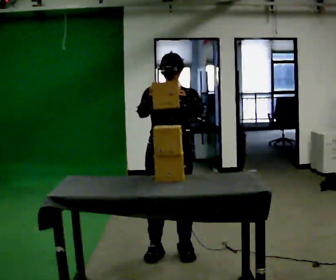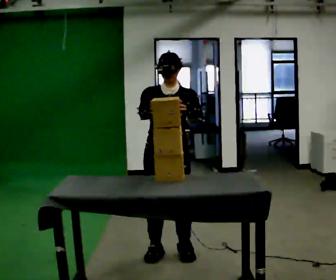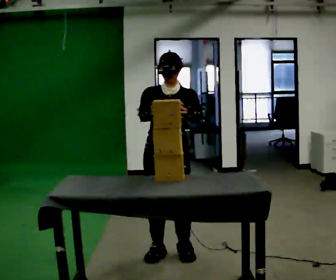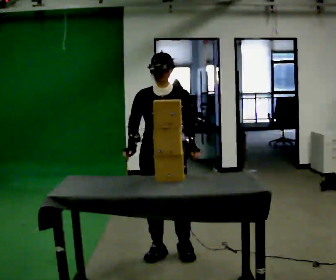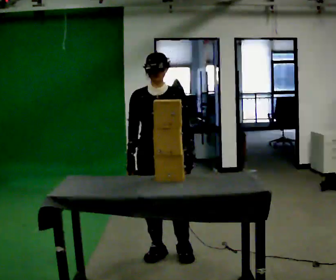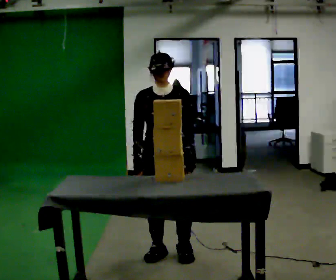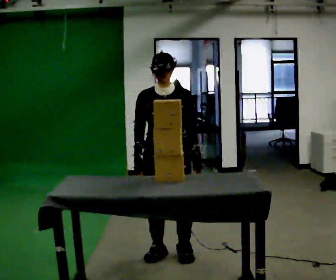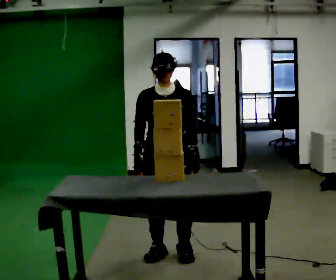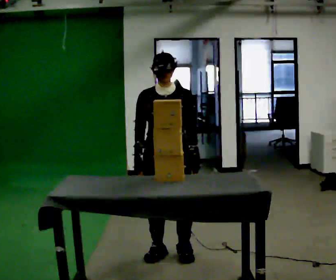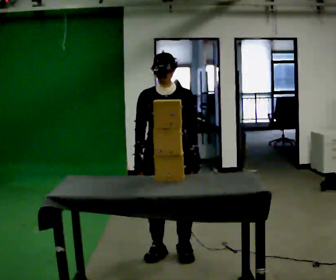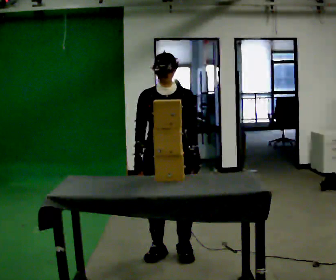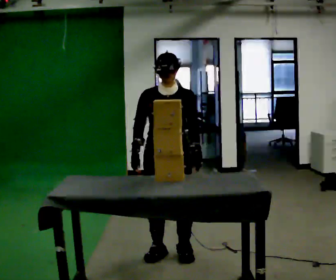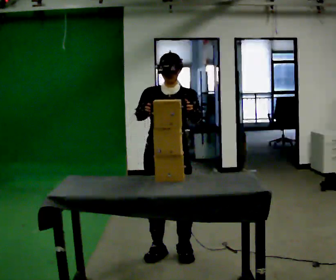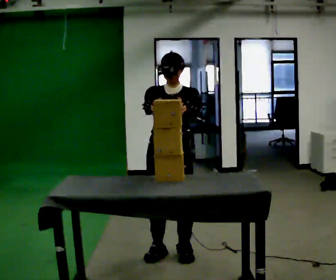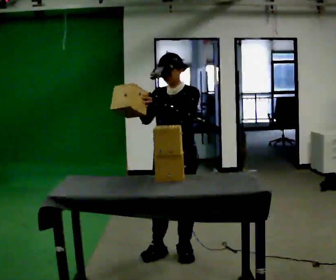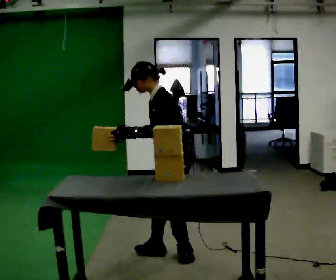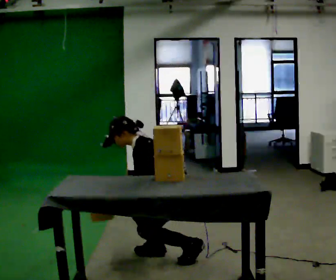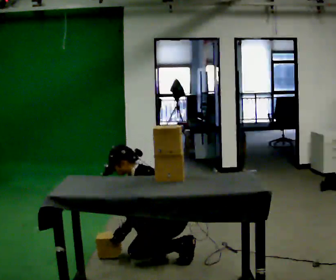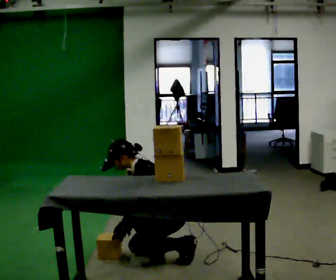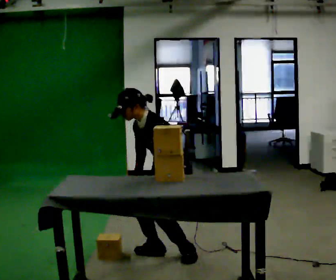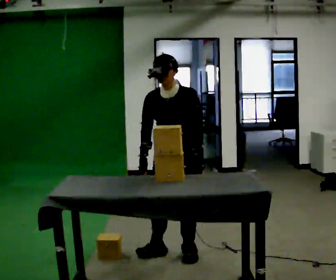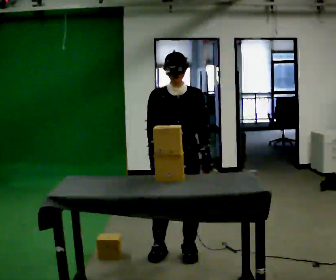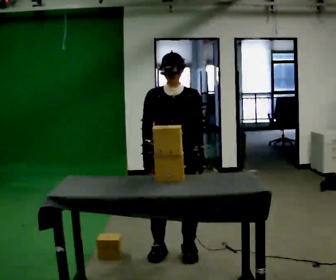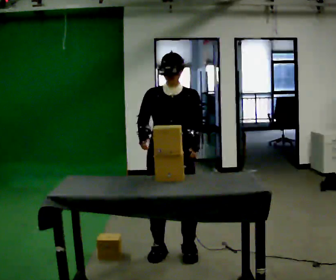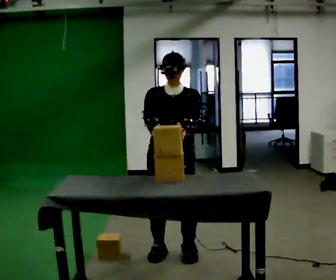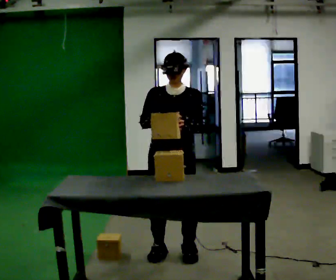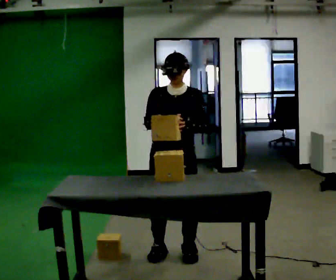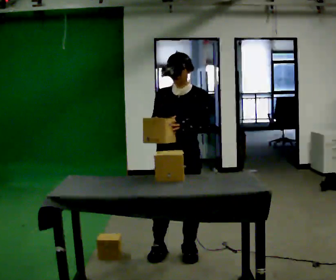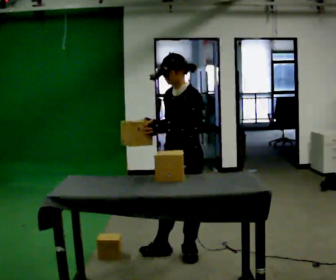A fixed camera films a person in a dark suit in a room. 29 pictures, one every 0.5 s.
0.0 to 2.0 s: In the picture their right hand goes downward.
2.0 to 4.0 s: The person moves a little, or ends about where they began.
4.0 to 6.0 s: In the picture their right hand goes upward.
6.0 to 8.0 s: Seen from above the body turns clockwise, about 90 degrees: to their right, with its near side sliding to the left. The upper body goes downward. In the picture the upper body tilts counterclockwise, shoulders to the left, as they bend forward. In the picture their right hand goes downward.
8.0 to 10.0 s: The part of the body nearest the lens slides to the right as the person turns to their left by about 75 degrees. In the picture the upper body tilts clockwise, shoulders to the right, as they lean back or straighten. In the picture their left hand goes to the right and upward, the arm swinging counterclockwise.
10.0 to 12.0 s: The person moves a little, or ends about where they began.
12.0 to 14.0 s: The part of the body nearest the lens slides to the left as the person turns to their right by about 45 degrees.
The film runs forward here.
